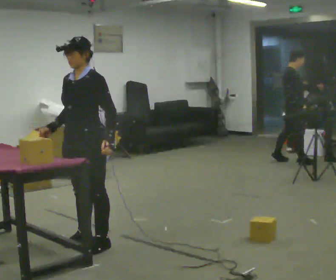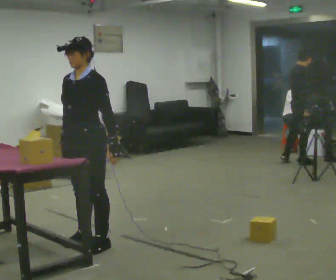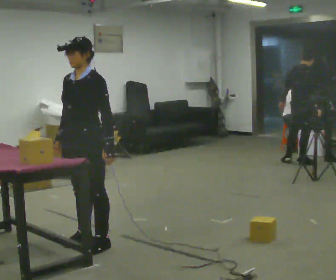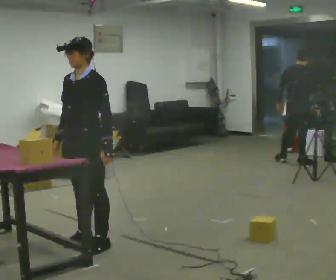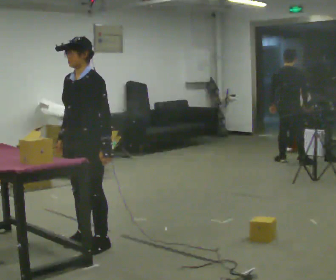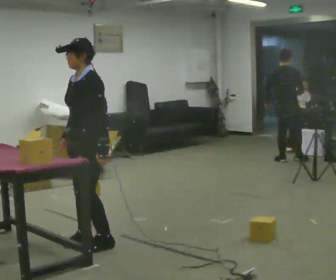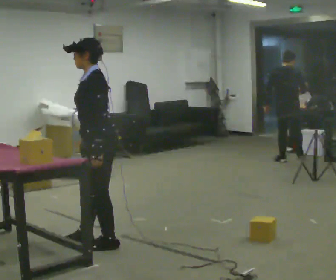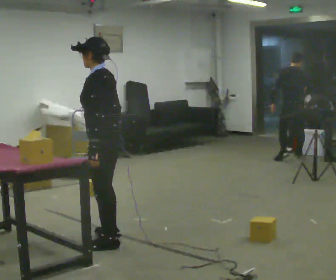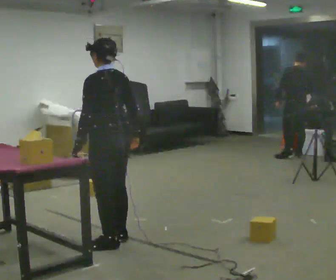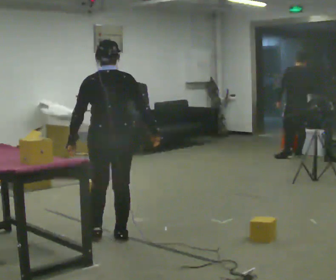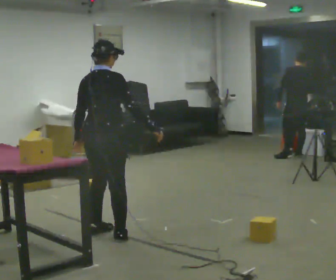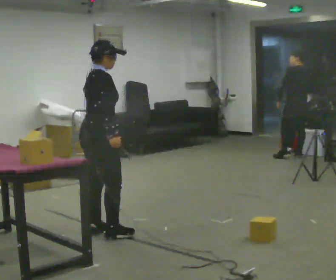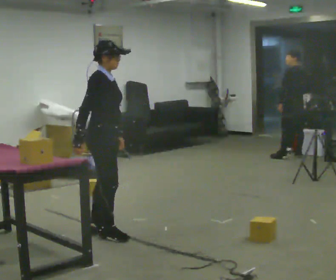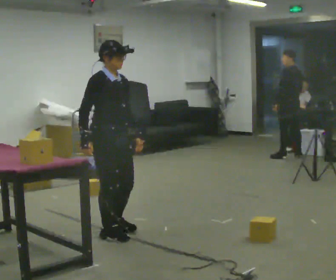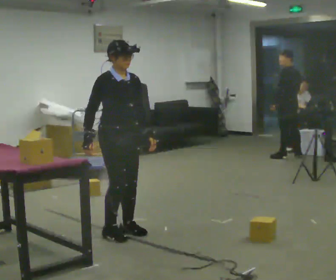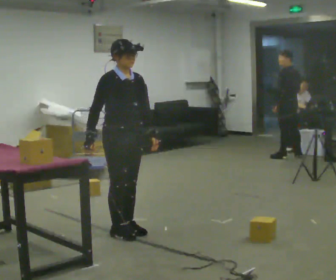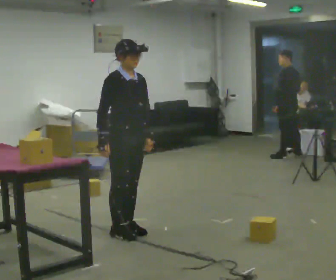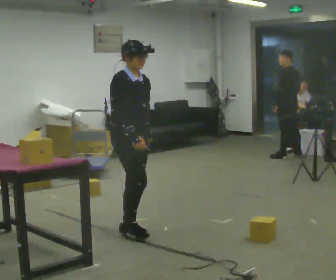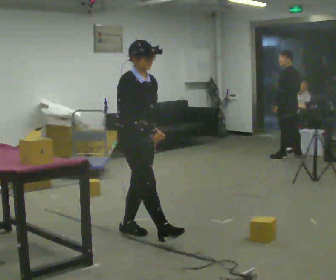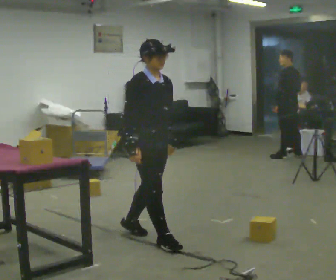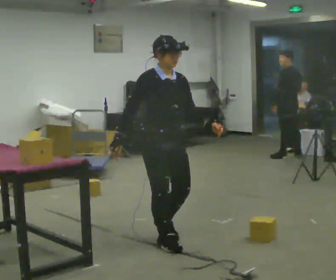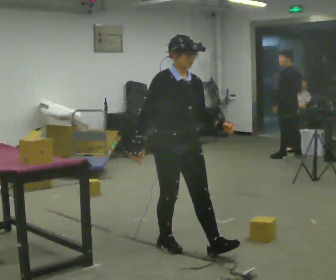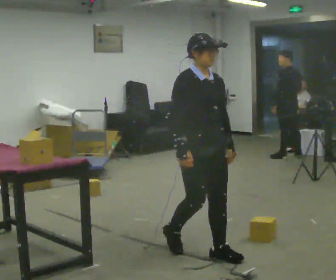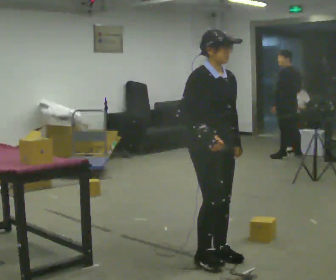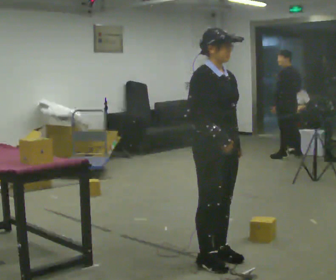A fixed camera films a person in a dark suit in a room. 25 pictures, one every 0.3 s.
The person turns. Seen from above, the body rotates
clockwise.
The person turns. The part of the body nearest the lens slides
to the left.
0.0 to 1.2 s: The person moves a little, or ends about where they began.
1.2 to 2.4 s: The part of the body nearest the lens slides to the left as the person turns to their right by about 90 degrees. In the picture they go to the right, about 0.25 m in 1 step. In the picture their right hand goes to the right, the arm swinging counterclockwise.
2.4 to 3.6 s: Seen from above the body turns clockwise, about 135 degrees: to their right, with its near side sliding to the left. In the picture they go away from the camera, about 0.25 m in 1 step. In the picture their right hand goes to the left.
3.6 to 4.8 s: Seen from above the body turns clockwise, about 45 degrees: to their right, with its near side sliding to the left. In the picture they go to the right, about 0.25 m in 1 step, which for them is to their left.
4.8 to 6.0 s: In the picture they go toward the camera and to the right, about 0.5 m in 1 step, which for them is forward.
6.0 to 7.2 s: In the picture they go toward the camera and to the right, about 0.5 m in 2 steps, which for them is forward.
The film runs forward here.
